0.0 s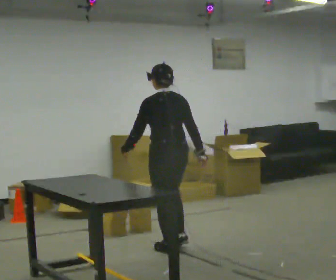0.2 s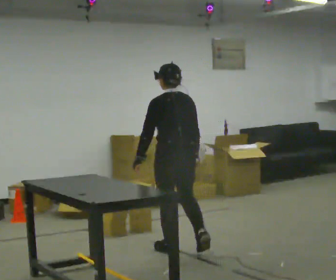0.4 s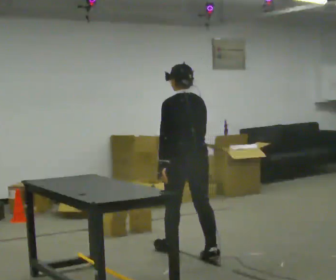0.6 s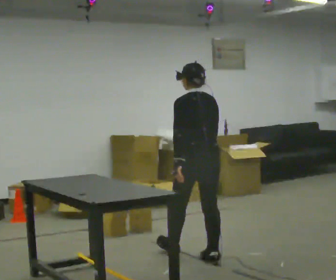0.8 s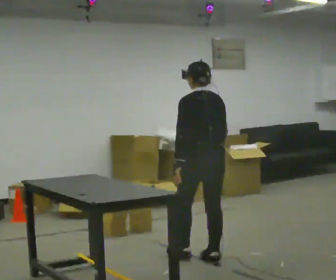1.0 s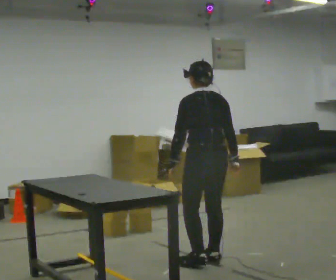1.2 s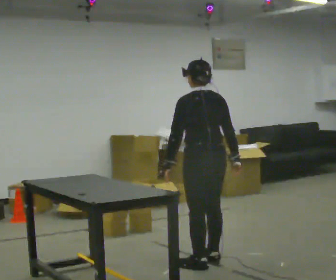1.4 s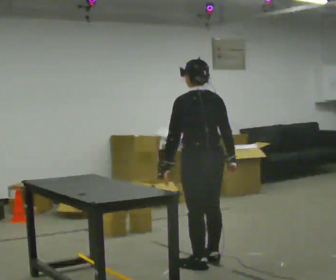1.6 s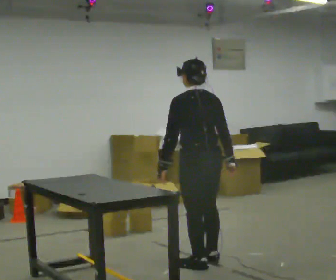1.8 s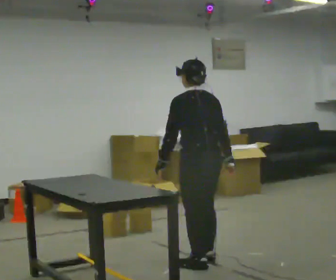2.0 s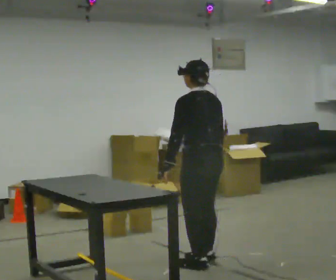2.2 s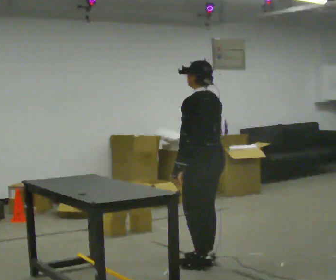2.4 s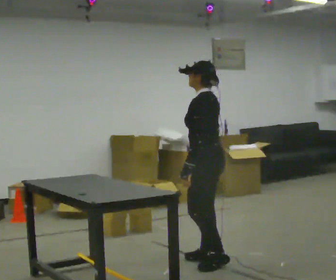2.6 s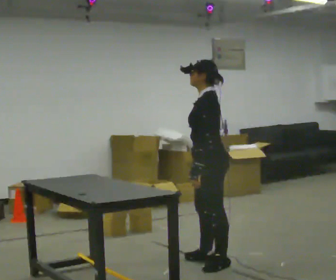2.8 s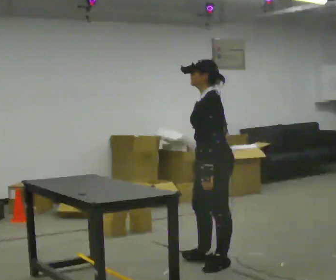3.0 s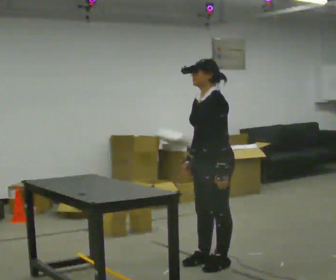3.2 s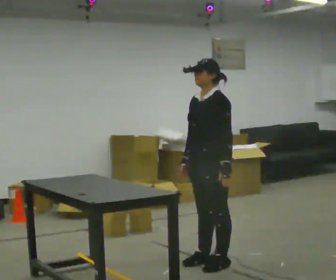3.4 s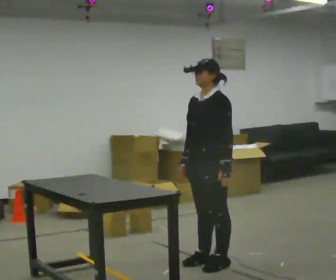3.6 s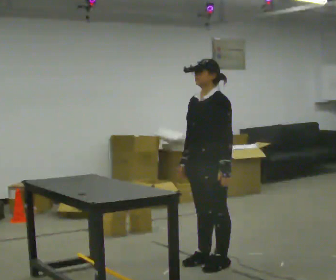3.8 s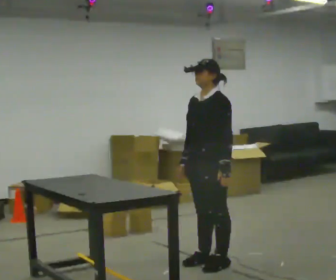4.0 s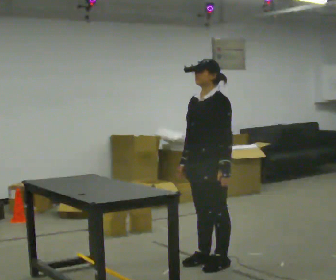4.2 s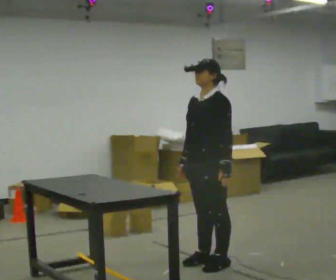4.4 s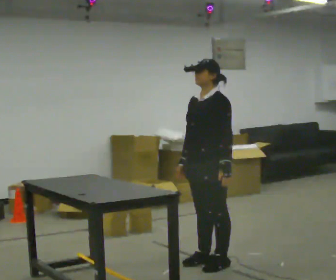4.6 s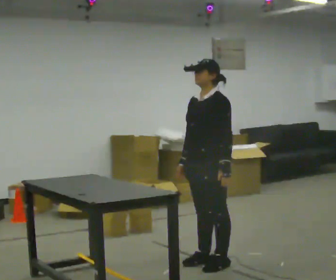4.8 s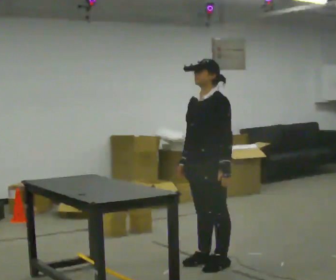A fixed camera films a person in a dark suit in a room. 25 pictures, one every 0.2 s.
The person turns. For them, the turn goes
to their left.
The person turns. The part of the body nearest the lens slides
to the right.
0.0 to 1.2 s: In the picture they go toward the camera and to the right, about 0.5 m in 1 step, which for them is backward.
1.2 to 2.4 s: The part of the body nearest the lens slides to the right as the person turns to their left by about 45 degrees.
2.4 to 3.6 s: The person turns about 45 degrees to their left, counterclockwise seen from above, so the part of the body nearest the lens slides to the right.
3.6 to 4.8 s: The person keeps their place and pose.
The film runs backward here.
